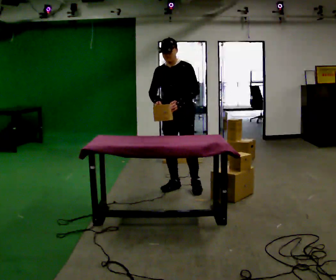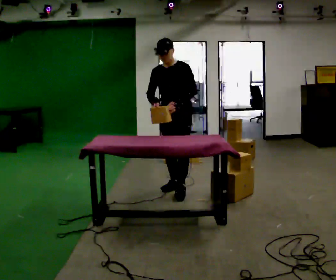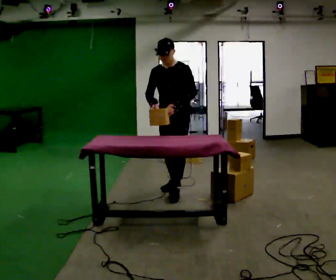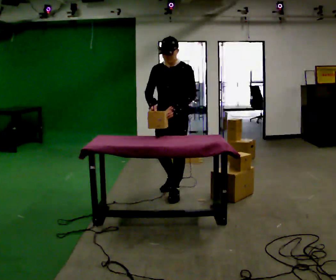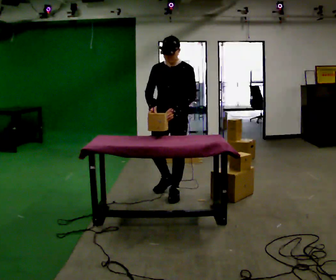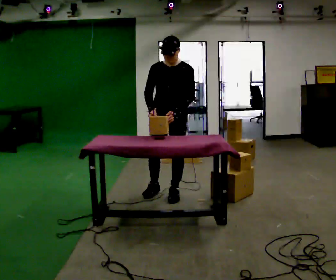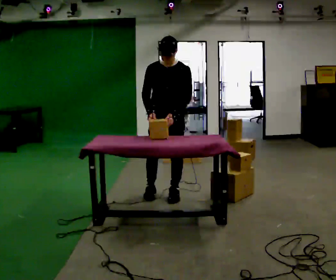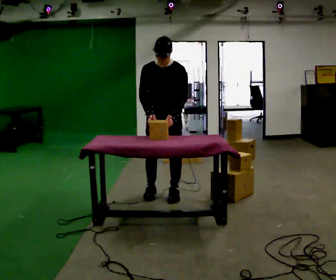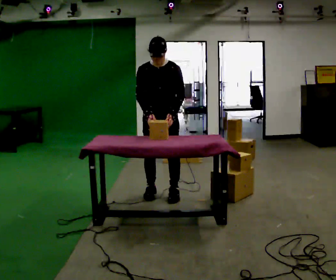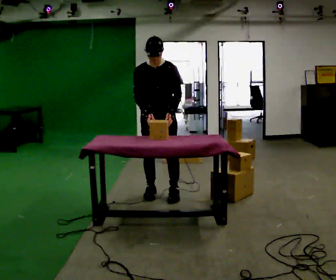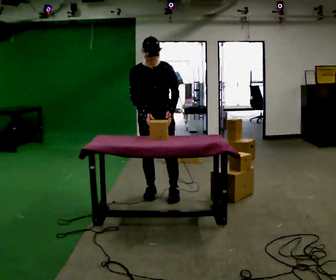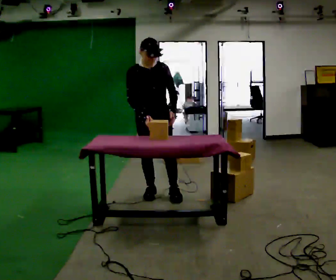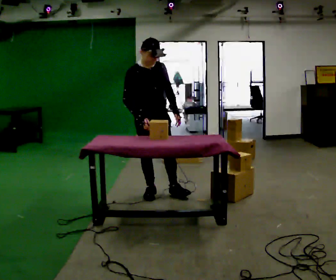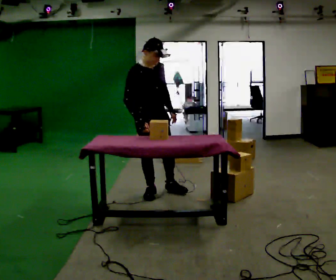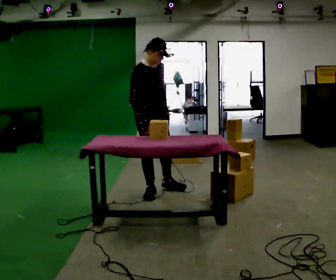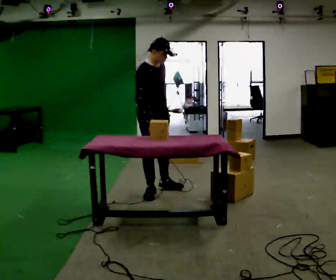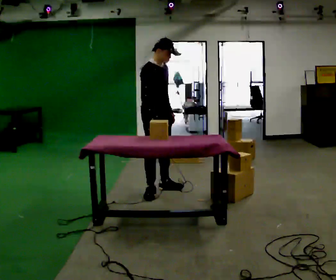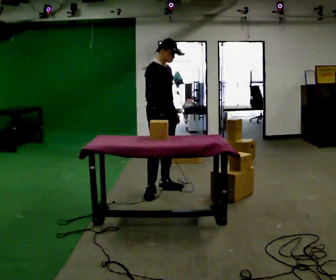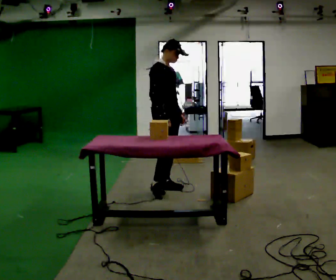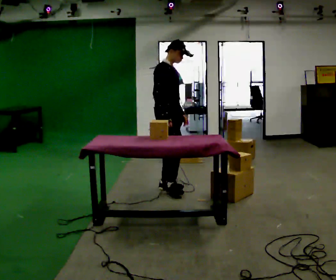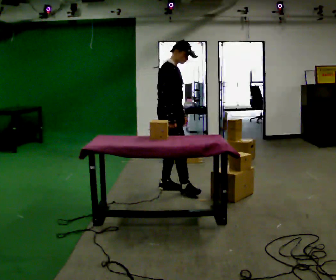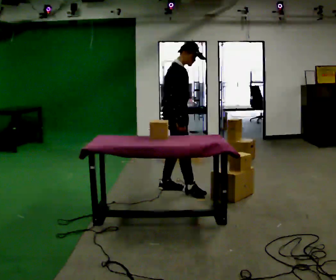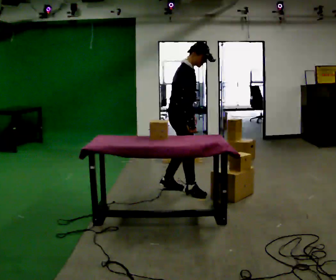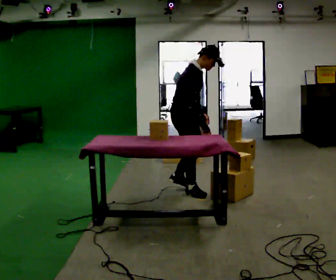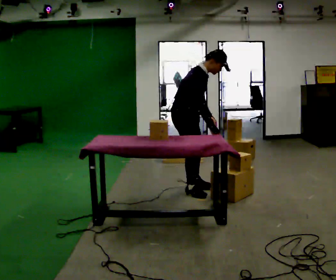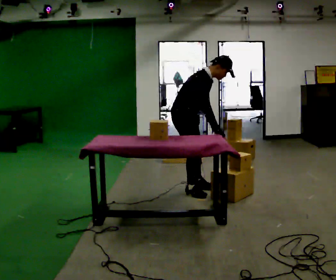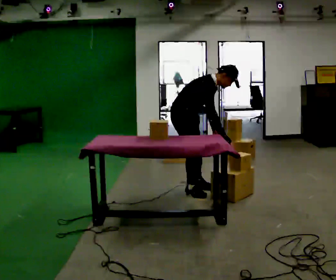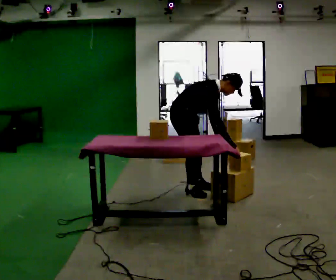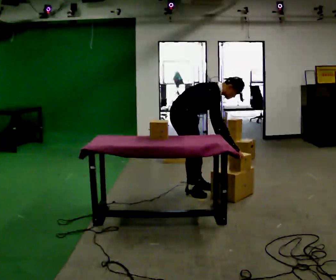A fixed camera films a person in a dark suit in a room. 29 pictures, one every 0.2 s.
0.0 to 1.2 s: In the picture they go toward the camera, about 0.25 m in 2 steps, which for them is forward.
1.2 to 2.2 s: Seen from above the body turns counterclockwise, about 30 degrees: to their left, with its near side sliding to the right. In the picture they go to the left, about 0.25 m, which for them is to their right.
2.2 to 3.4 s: The person turns about 45 degrees to their left, counterclockwise seen from above, so the part of the body nearest the lens slides to the right. In the picture they go away from the camera, about 0.25 m in 1 step, which for them is to their left.
3.4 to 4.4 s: In the picture they go to the right, about 0.25 m in 1 step, which for them is forward.
4.4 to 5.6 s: The shoulders move downward. In the picture the upper body tilts clockwise, shoulders to the right, as they bend forward.
The film runs forward here.
